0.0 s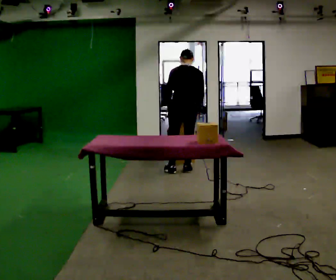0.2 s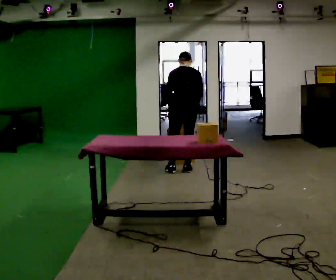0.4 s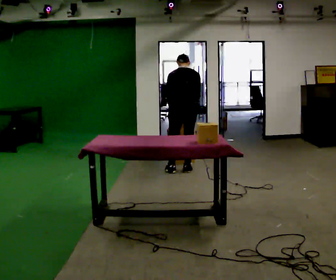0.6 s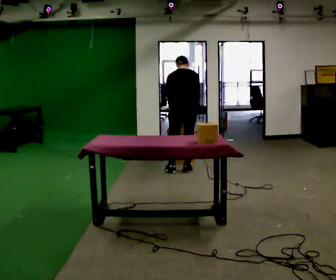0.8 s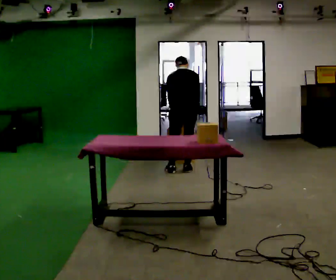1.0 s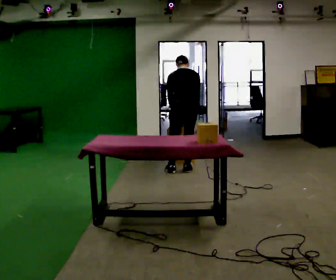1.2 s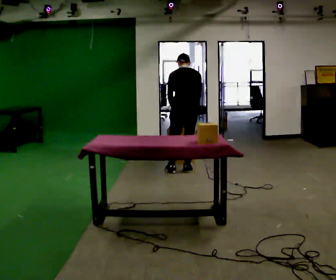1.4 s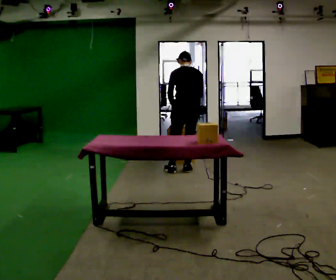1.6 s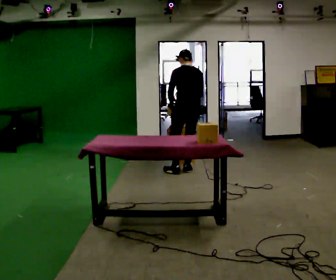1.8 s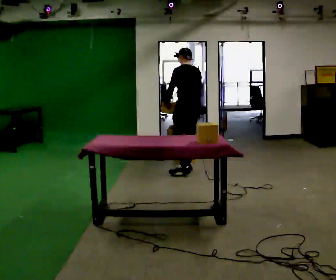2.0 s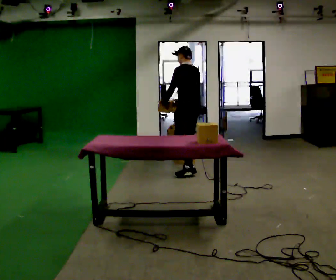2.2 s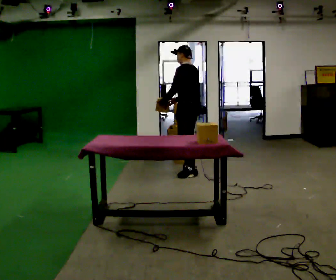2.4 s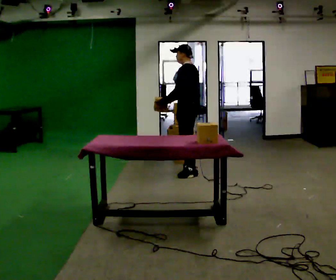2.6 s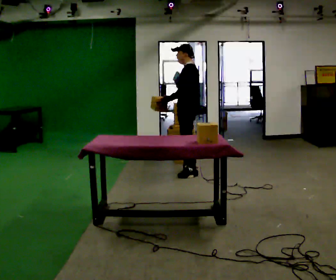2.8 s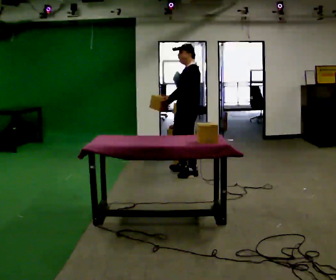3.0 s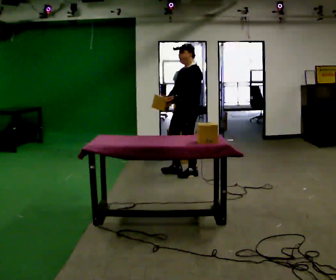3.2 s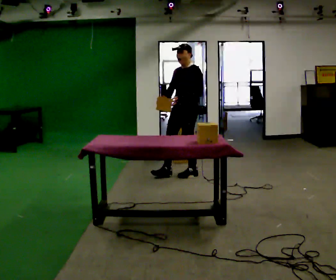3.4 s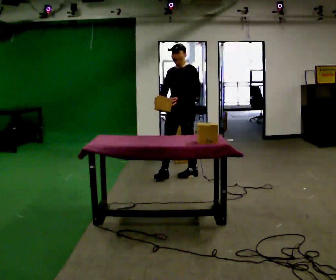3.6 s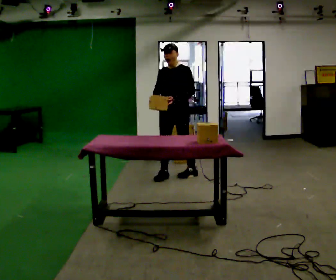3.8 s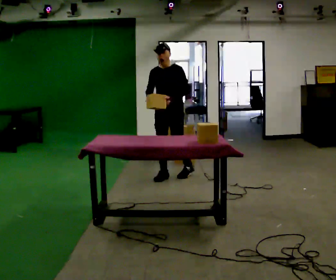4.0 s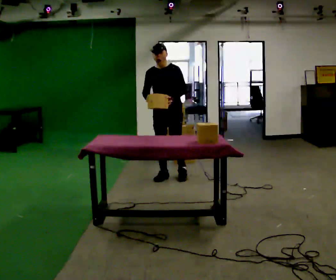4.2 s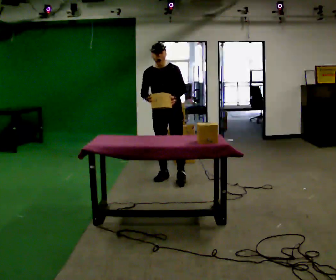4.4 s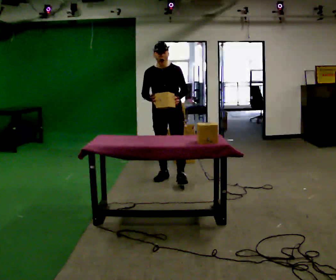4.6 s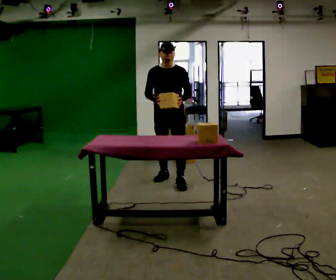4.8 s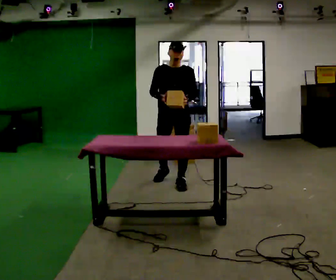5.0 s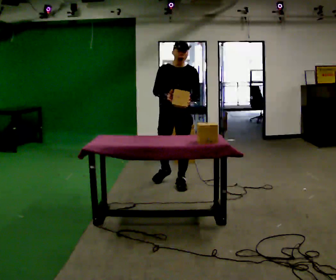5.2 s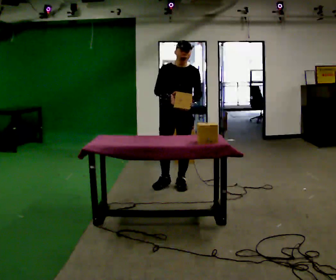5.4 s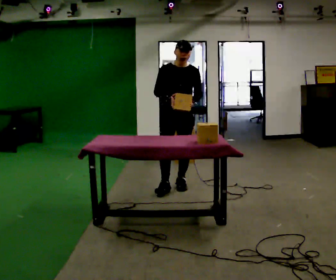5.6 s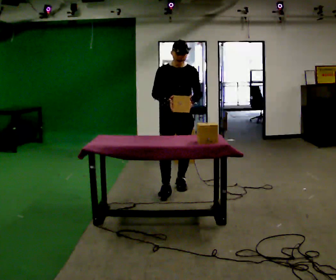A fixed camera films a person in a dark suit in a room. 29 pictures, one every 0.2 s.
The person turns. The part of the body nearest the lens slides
to the right.
The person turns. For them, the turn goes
to their left.
0.0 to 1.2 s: The person moves a little, or ends about where they began.
1.2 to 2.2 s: The part of the body nearest the lens slides to the right as the person turns to their left by about 45 degrees. The upper body tips toward the camera, its near side rolling downward, as they lean back or straighten.
2.2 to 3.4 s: The part of the body nearest the lens slides to the right as the person turns to their left by about 75 degrees. In the picture they go toward the camera, about 0.25 m in 1 step.
3.4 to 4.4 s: Seen from above the body turns counterclockwise, about 30 degrees: to their left, with its near side sliding to the right. In the picture they go to the left and toward the camera, about 0.25 m in 1 step, which for them is forward and to their right.
4.4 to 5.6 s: In the picture they go toward the camera, about 0.5 m in 1 step, which for them is forward.
The film runs forward here.
